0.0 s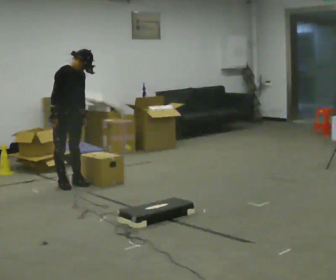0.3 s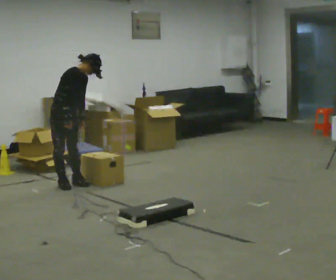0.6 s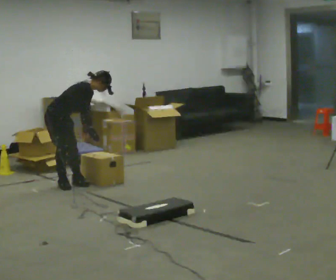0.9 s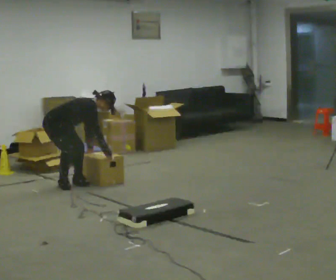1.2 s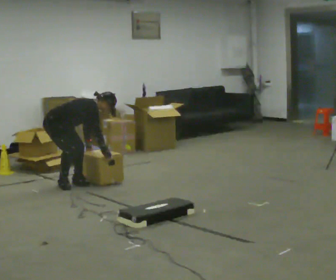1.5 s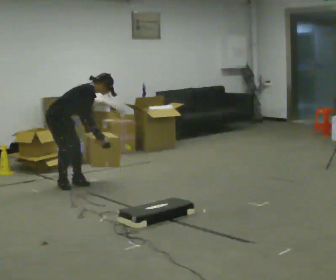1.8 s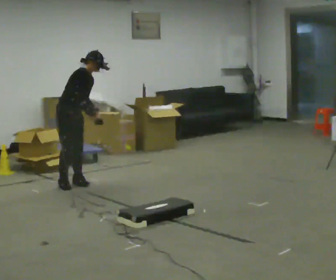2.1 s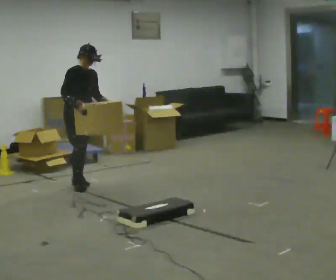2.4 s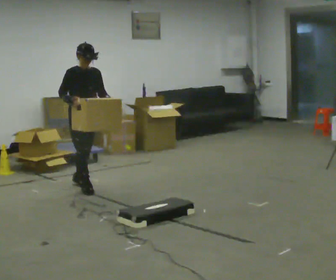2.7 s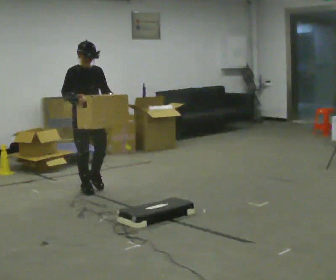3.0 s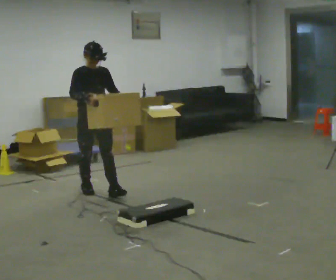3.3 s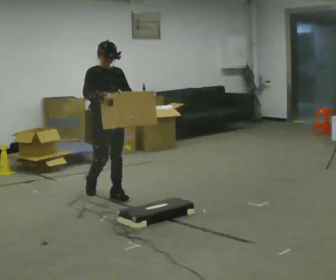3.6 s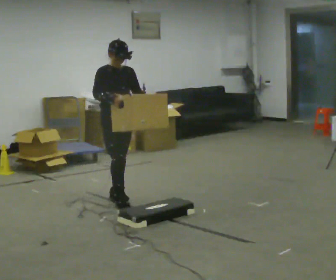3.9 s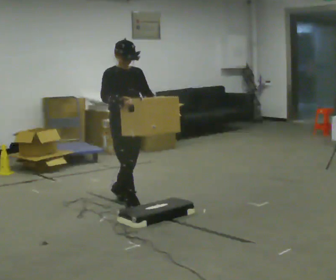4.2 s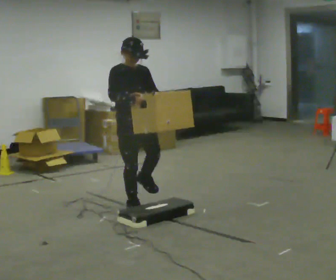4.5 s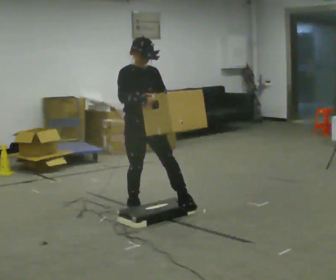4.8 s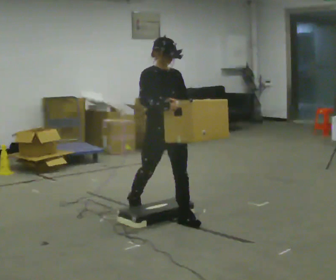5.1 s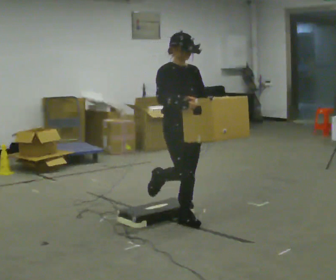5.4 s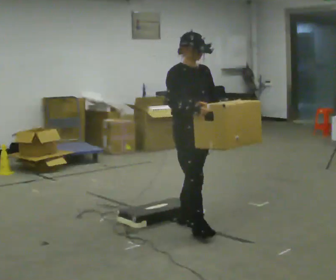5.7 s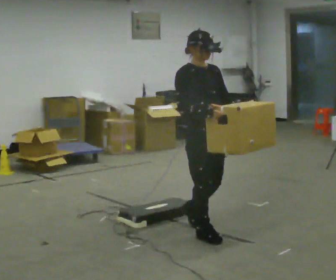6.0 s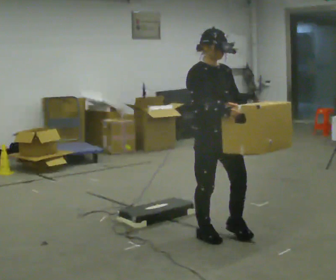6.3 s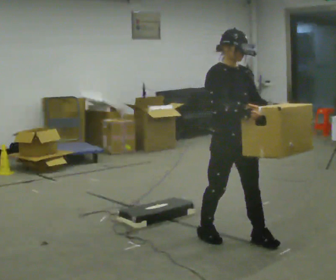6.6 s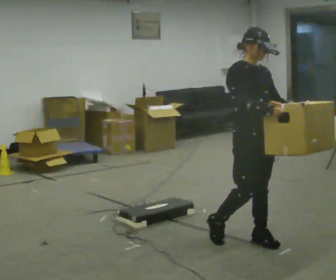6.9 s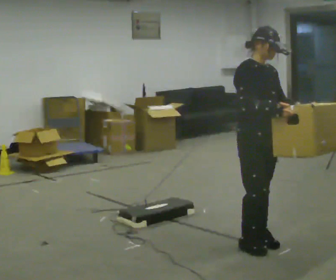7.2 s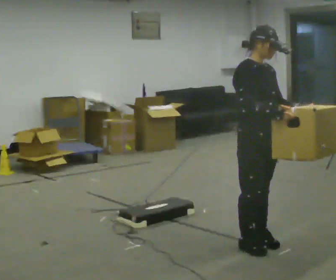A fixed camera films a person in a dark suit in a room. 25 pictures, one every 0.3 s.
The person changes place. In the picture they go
toward the camera.
0.0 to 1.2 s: The person turns about 30 degrees to their left, counterclockwise seen from above, so the part of the body nearest the lens slides to the right. The shoulders move downward. In the picture the upper body tilts clockwise, shoulders to the right, as they bend forward. In the picture their right hand goes to the right and downward.
1.2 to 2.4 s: Seen from above the body turns clockwise, about 45 degrees: to their right, with its near side sliding to the left. In the picture they go to the right and toward the camera, about 0.25 m in 1 step, which for them is forward. The upper body goes upward. In the picture the upper body tilts counterclockwise, shoulders to the left, as they lean back or straighten. In the picture their left hand goes upward, the arm swinging counterclockwise.
2.4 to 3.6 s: In the picture they go toward the camera and to the right, about 0.5 m in 1 step, which for them is forward.
3.6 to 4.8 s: In the picture they go toward the camera and to the right, about 1 m in 2 steps, which for them is forward.
4.8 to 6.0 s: In the picture they go toward the camera and to the right, about 0.75 m in 1 step, which for them is forward.
6.0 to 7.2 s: In the picture they go toward the camera and to the right, about 0.25 m in 2 steps, which for them is forward.
The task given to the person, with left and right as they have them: Carry the box over the low sill without stopping, then bring it back over. Keep going until the operator says stop; one object at a time, and do not rush between trips.
The film runs forward here.
